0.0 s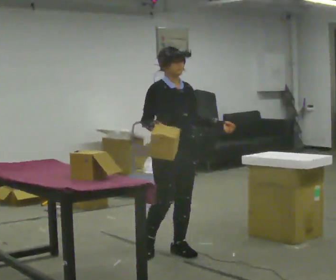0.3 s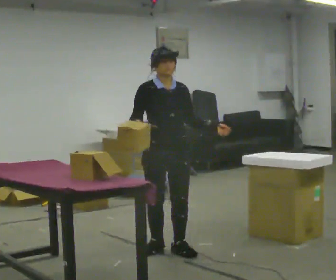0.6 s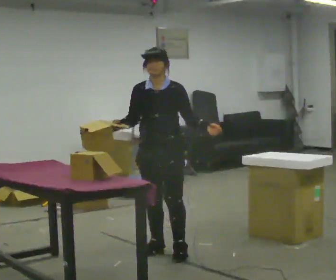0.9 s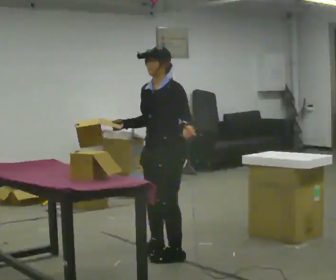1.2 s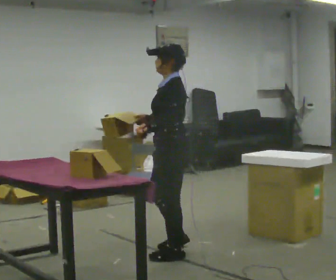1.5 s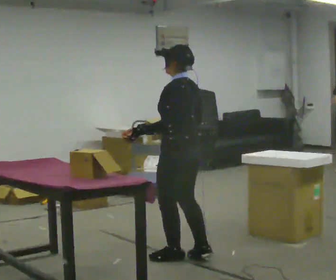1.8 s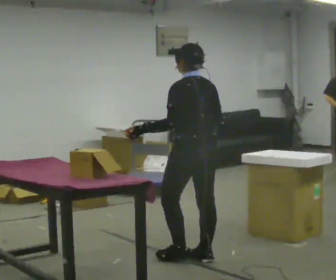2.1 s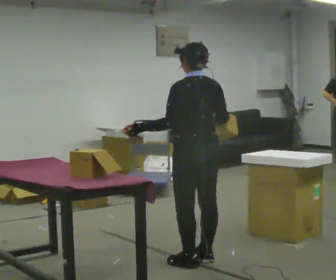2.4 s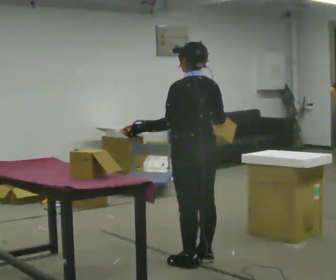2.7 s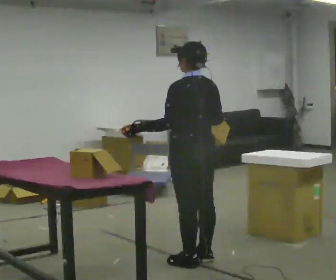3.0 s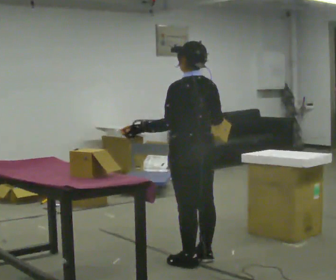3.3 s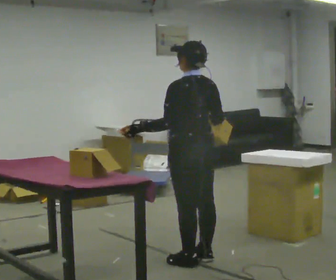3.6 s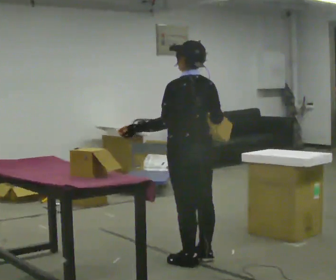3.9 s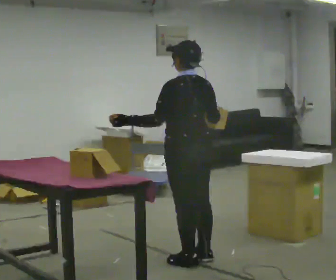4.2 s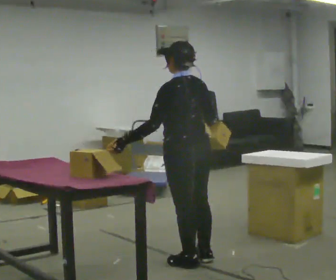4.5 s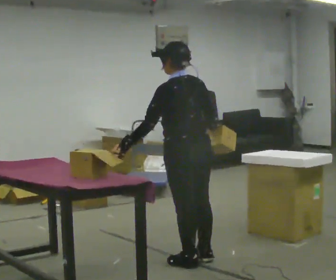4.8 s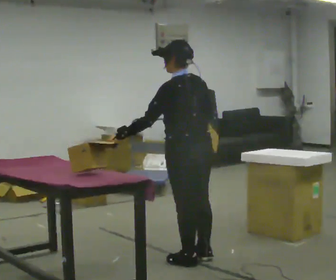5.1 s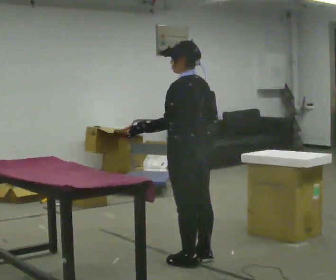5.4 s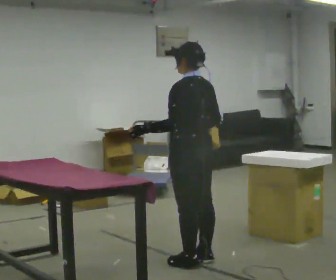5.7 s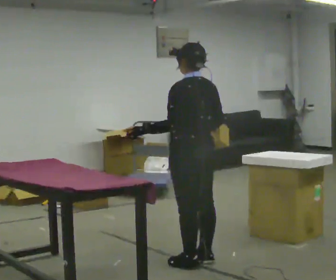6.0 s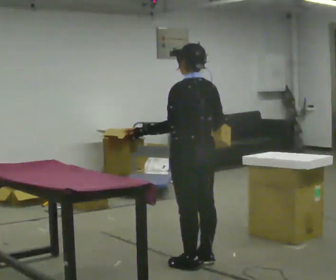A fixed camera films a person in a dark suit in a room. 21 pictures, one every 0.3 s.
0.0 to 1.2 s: Seen from above the body turns clockwise, about 120 degrees: to their right, with its near side sliding to the left. In the picture they go toward the camera, about 0.25 m in 2 steps. In the picture their left hand goes to the left.
1.2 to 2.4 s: The part of the body nearest the lens slides to the left as the person turns to their right by about 60 degrees.
2.4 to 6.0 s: The person moves a little, or ends about where they began.
The film runs backward here.
